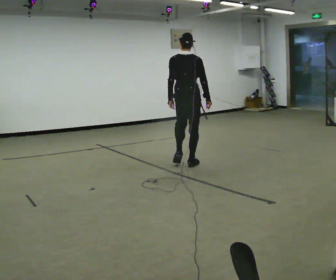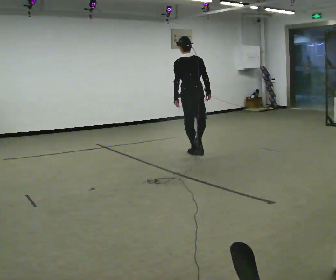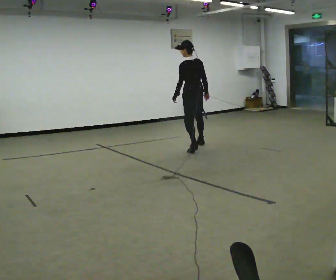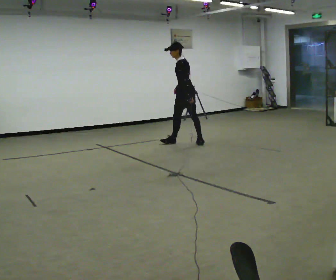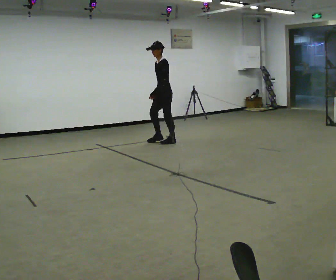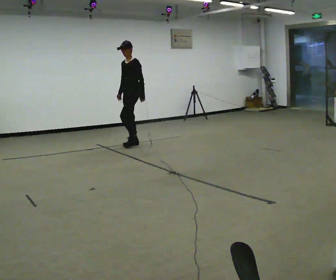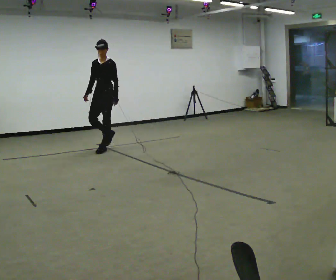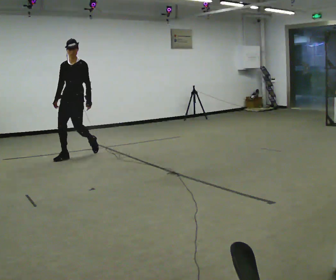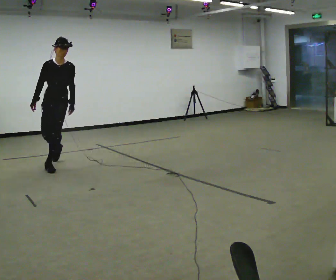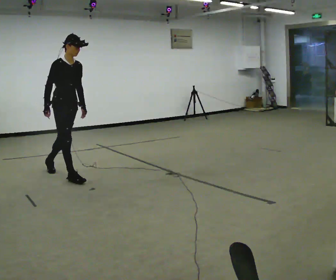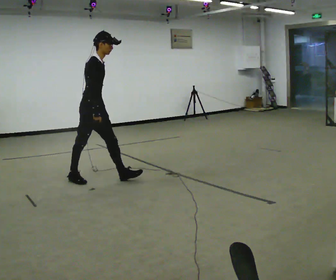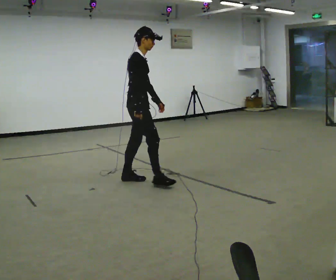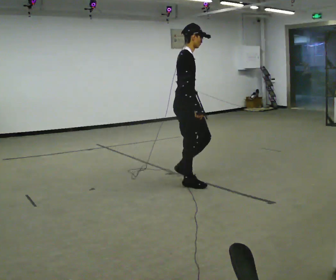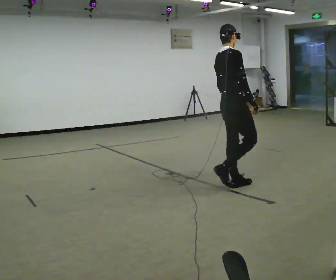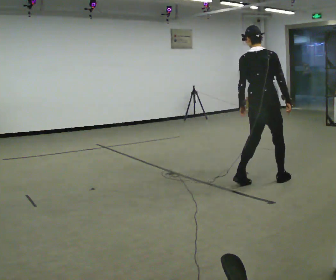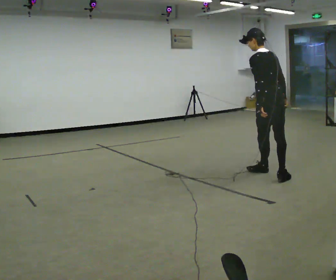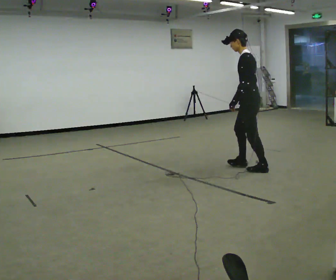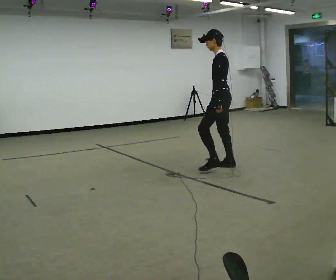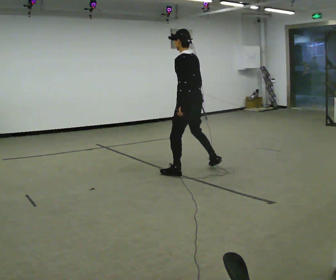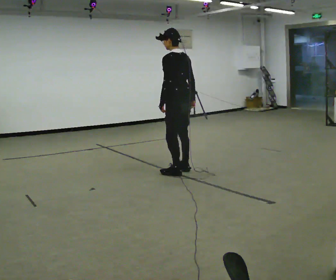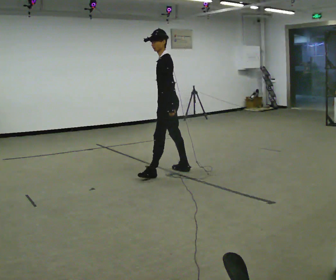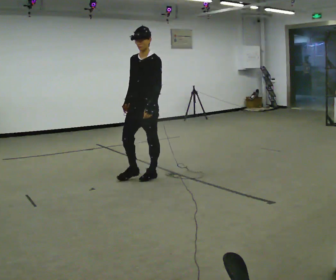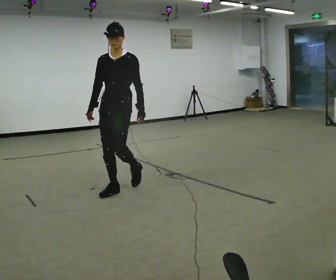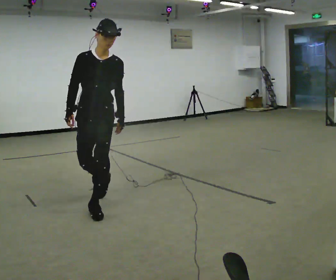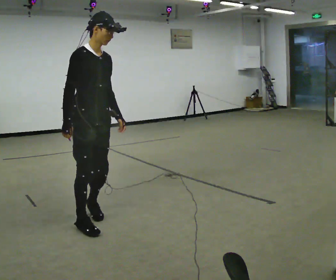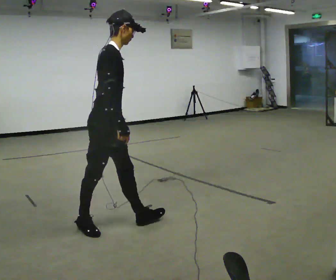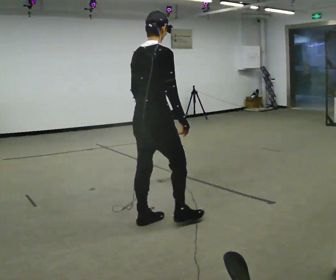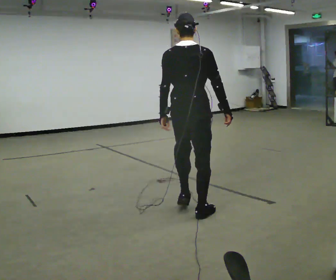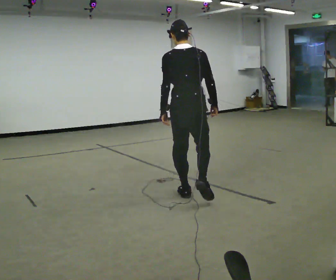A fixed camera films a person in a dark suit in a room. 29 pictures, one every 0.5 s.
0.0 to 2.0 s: The part of the body nearest the lens slides to the right as the person turns to their left by about 120 degrees. In the picture they go away from the camera and to the left, about 1.5 m in 3 steps.
2.0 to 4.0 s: The part of the body nearest the lens slides to the right as the person turns to their left by about 75 degrees. In the picture they go toward the camera and to the left, about 2 m in 4 steps.
4.0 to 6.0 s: The person turns about 75 degrees to their left, counterclockwise seen from above, so the part of the body nearest the lens slides to the right. In the picture they go to the right, about 2 m in 3 steps.
6.0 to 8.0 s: The person turns about 165 degrees to their left, counterclockwise seen from above, so the part of the body nearest the lens slides to the right. In the picture they go away from the camera and to the right, about 1 m in 3 steps.
8.0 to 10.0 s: In the picture they go to the left, about 1 m in 4 steps, which for them is forward and to their left.
10.0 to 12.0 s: The person turns about 135 degrees to their left, counterclockwise seen from above, so the part of the body nearest the lens slides to the right. In the picture they go toward the camera, about 1.5 m in 3 steps.
12.0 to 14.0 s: Seen from above the body turns counterclockwise, about 135 degrees: to their left, with its near side sliding to the right. In the picture they go away from the camera and to the right, about 1 m in 3 steps.
The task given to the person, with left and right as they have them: Walk one full figure-eight continuously at comfortable speed; stop.
The film runs forward here.
